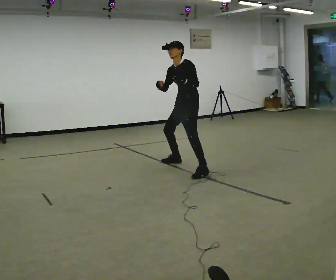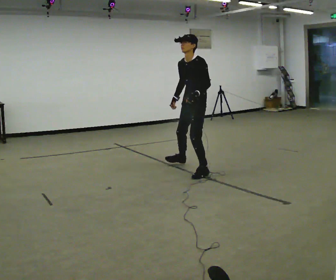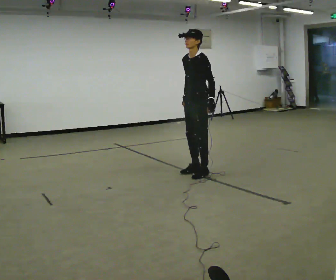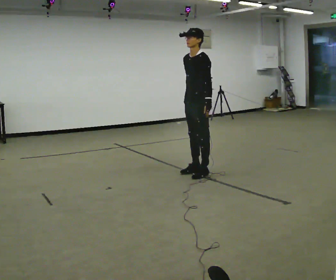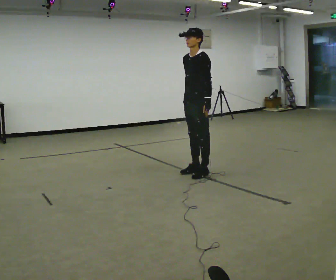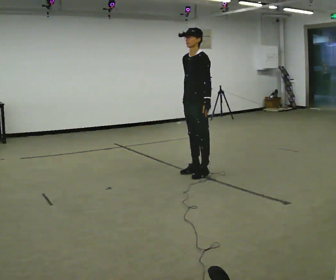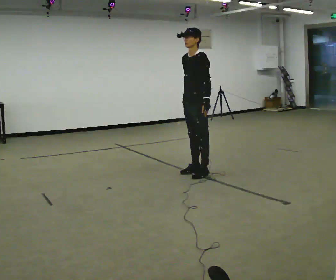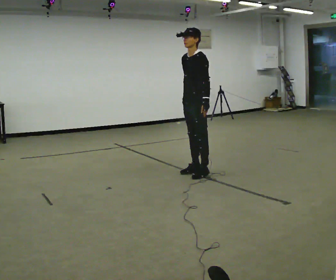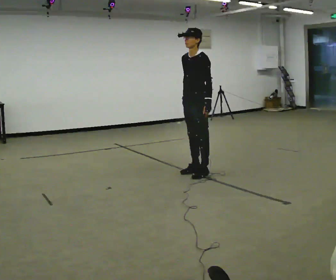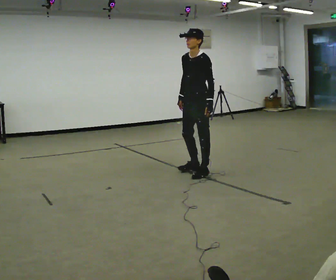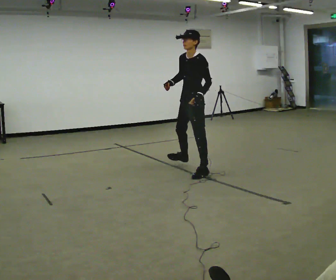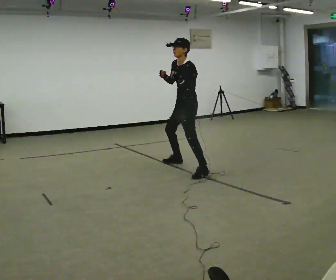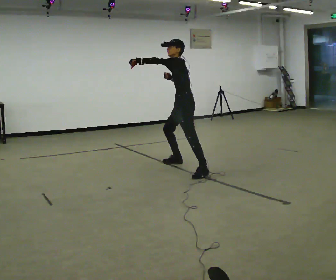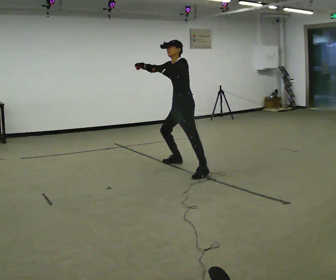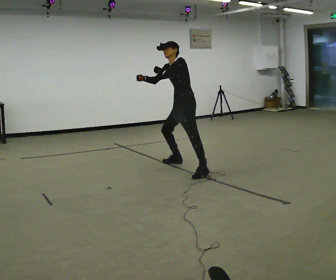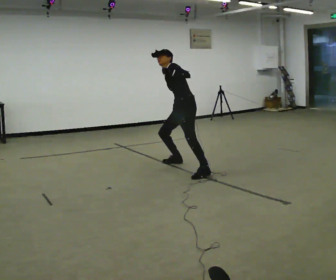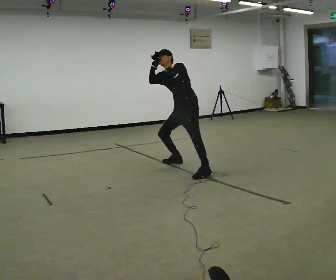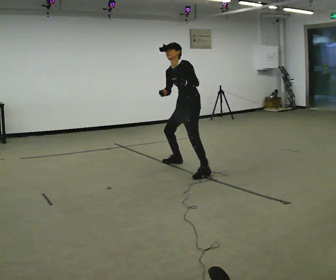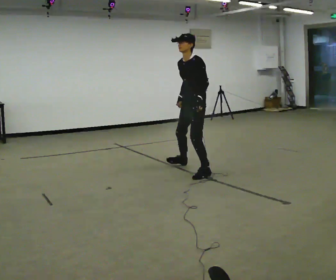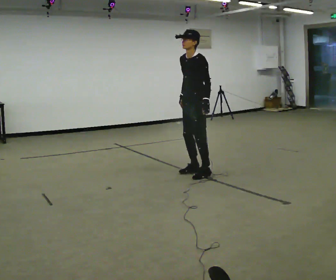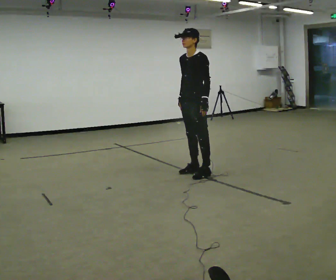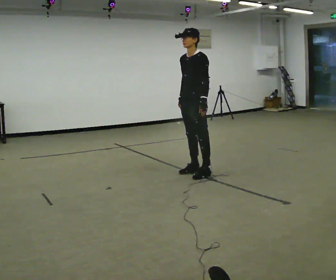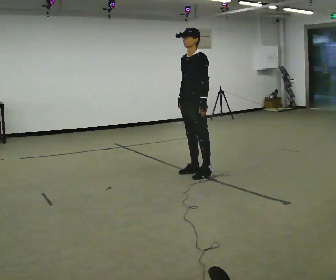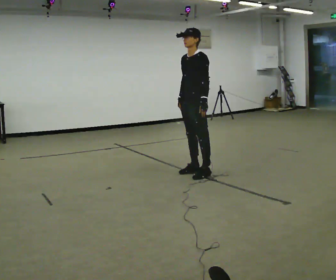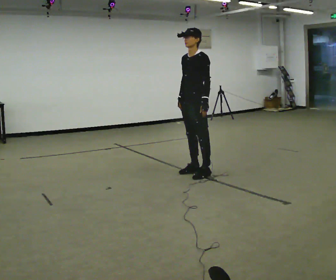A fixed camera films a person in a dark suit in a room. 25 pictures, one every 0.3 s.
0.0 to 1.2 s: In the picture they go toward the camera, about 0.25 m in 1 step, which for them is to their left and forward.
1.2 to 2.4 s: The person keeps their place and pose.
2.4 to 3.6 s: The person turns about 30 degrees to their right, clockwise seen from above, so the part of the body nearest the lens slides to the left. In the picture they go away from the camera, about 0.25 m in 1 step, which for them is to their right. In the picture their left hand goes upward.
3.6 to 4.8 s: Seen from above the body turns counterclockwise, about 45 degrees: to their left, with its near side sliding to the right. In the picture the upper body tilts counterclockwise, shoulders to the left. In the picture their left hand goes to the right.
4.8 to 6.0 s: In the picture they go toward the camera, about 0.5 m in 1 step, which for them is to their left and forward. The shoulders move upward. In the picture the upper body tilts clockwise, shoulders to the right. In the picture their right hand goes downward.
6.0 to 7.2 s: The person moves a little, or ends about where they began.
The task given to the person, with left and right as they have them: Mimic boxing into the air at moderate speed with both hands, moving your feet only a little. Stay controlled; do not punch at full speed.
The film runs forward here.
